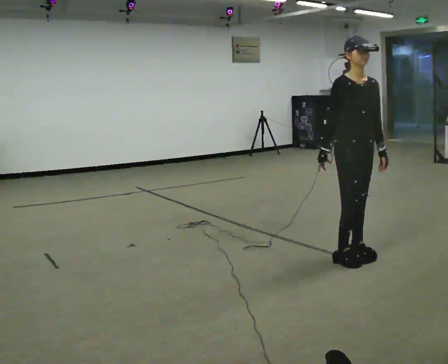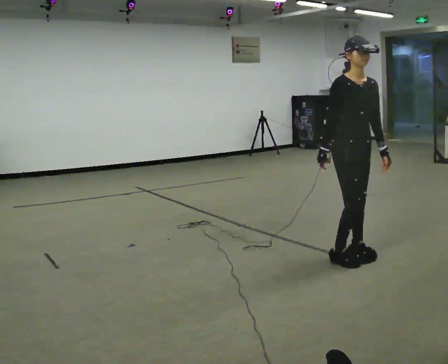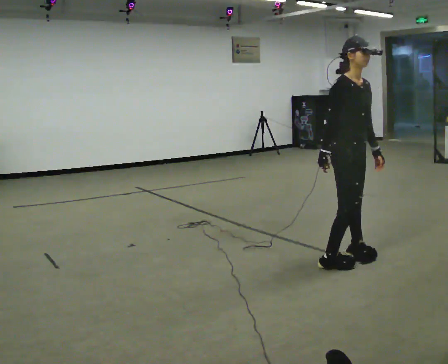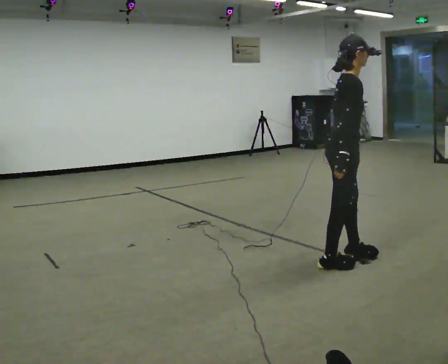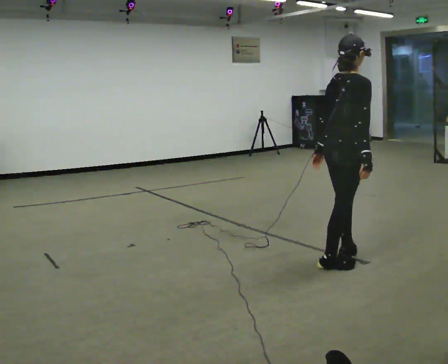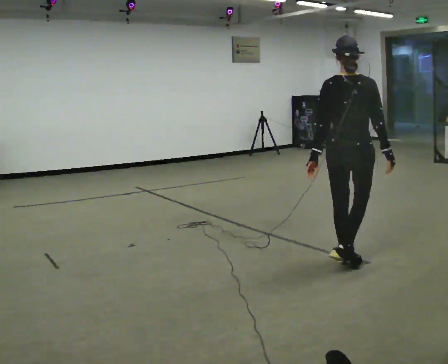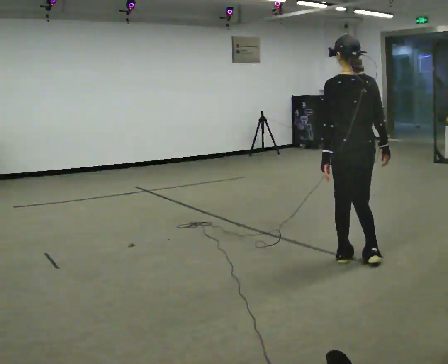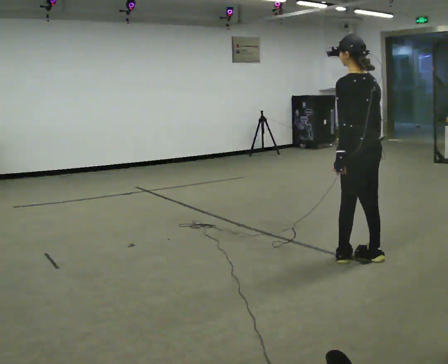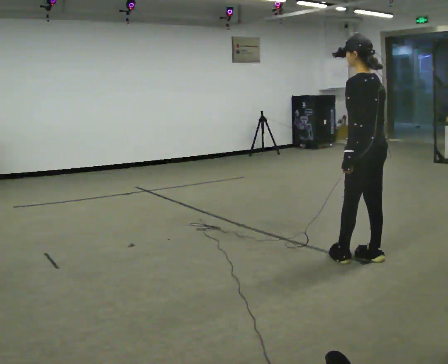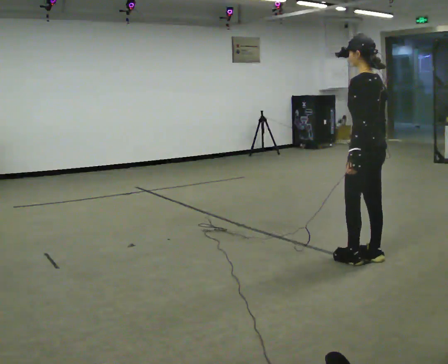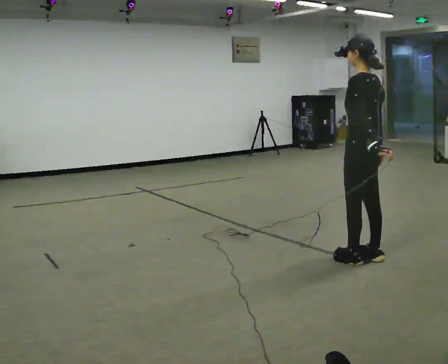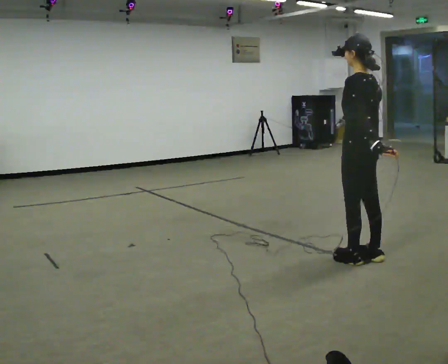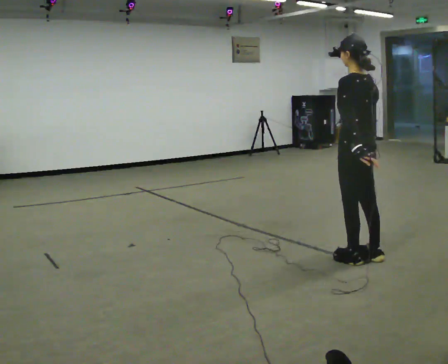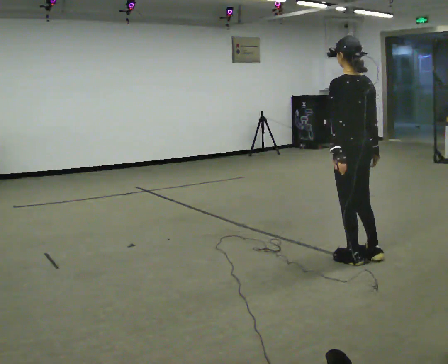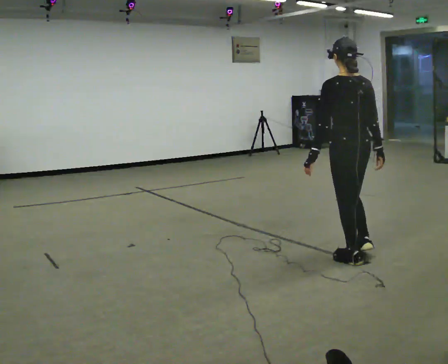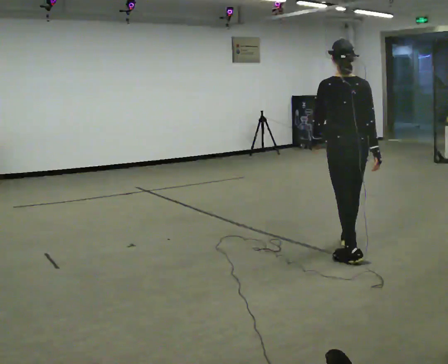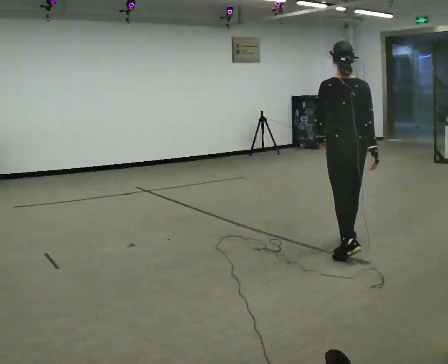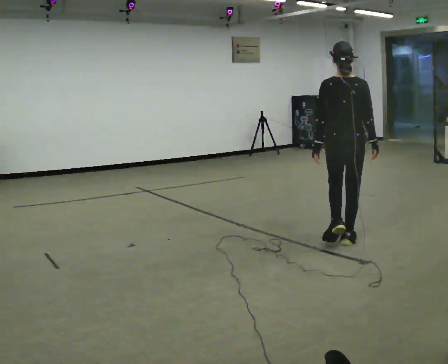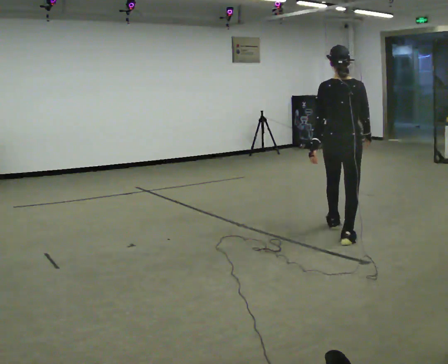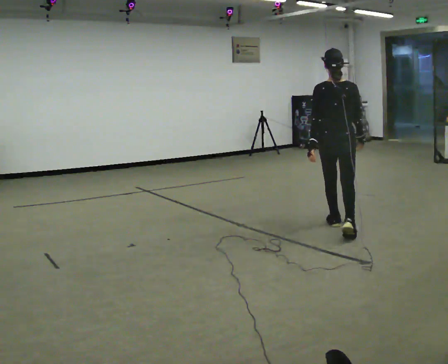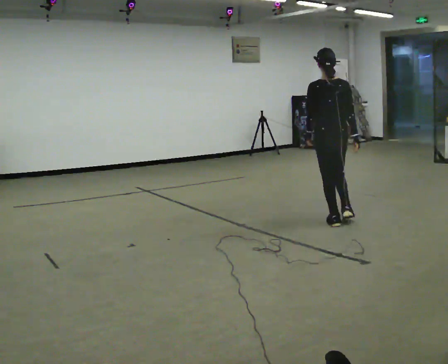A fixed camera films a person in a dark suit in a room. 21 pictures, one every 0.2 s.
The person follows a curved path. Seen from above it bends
clockwise.
The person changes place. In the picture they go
away from the camera.
0.0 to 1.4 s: Seen from above the body turns counterclockwise, about 195 degrees: to their left, with its near side sliding to the right. In the picture their right hand goes to the right.
1.4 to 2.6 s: The person moves a little, or ends about where they began.
2.6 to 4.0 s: In the picture they go away from the camera, about 1 m in 2 steps, which for them is forward.
The film runs forward here.
